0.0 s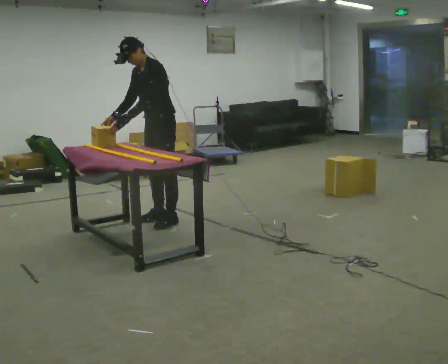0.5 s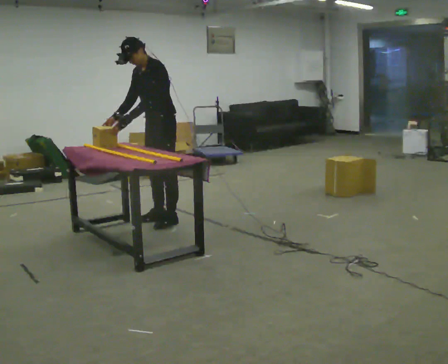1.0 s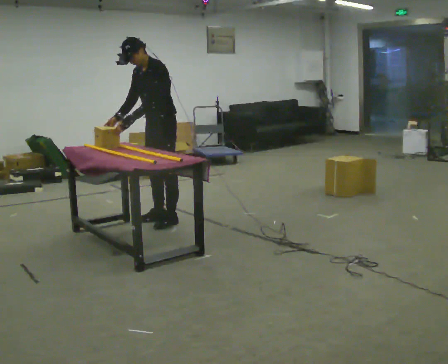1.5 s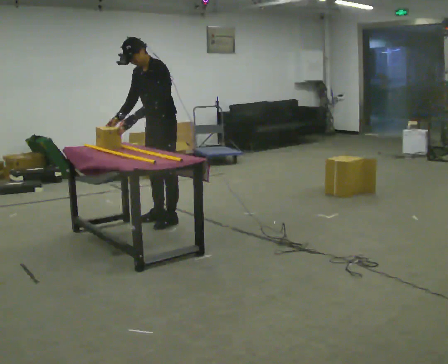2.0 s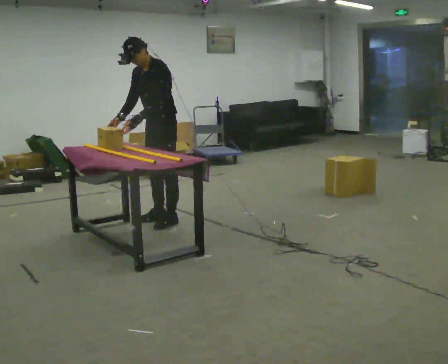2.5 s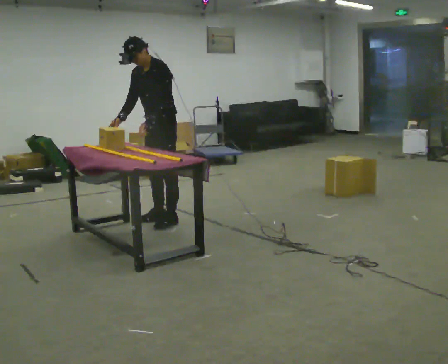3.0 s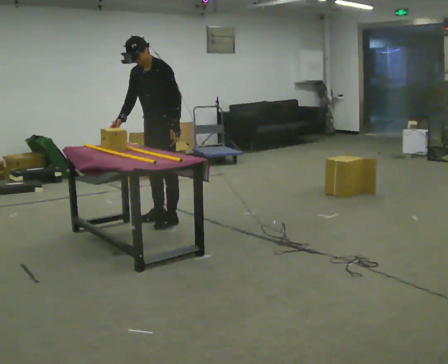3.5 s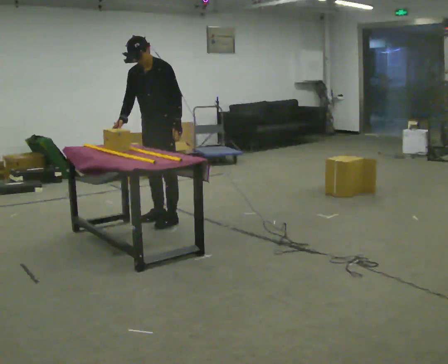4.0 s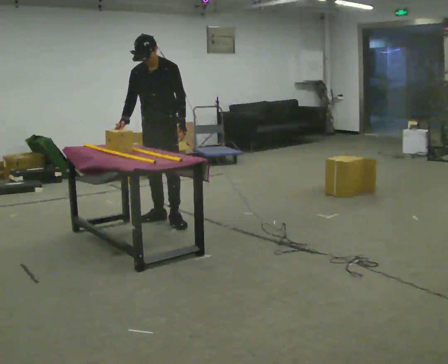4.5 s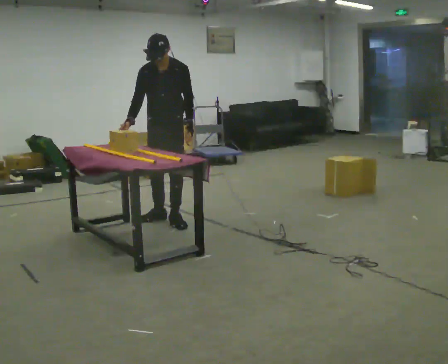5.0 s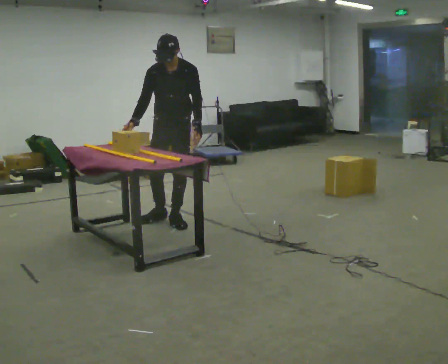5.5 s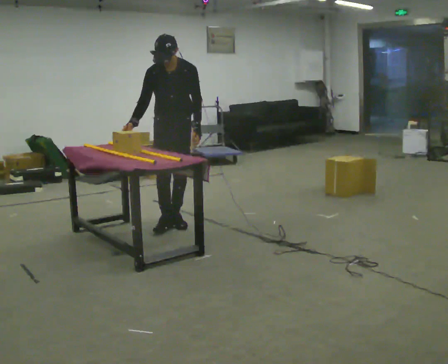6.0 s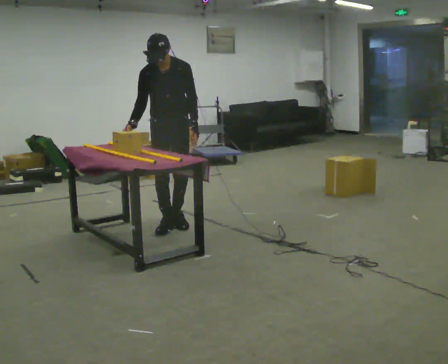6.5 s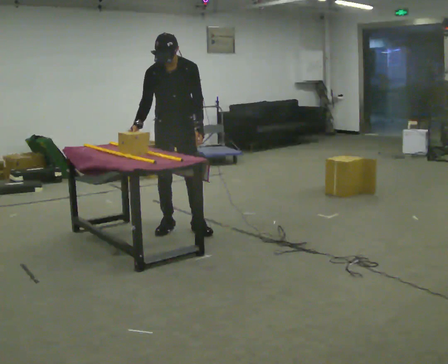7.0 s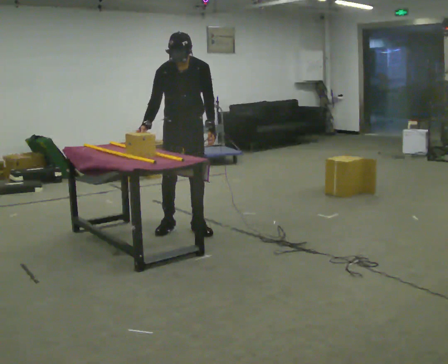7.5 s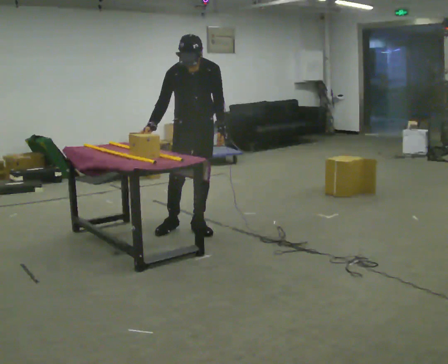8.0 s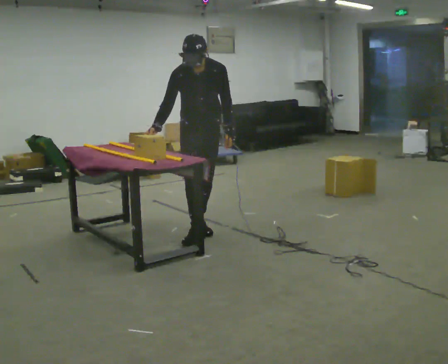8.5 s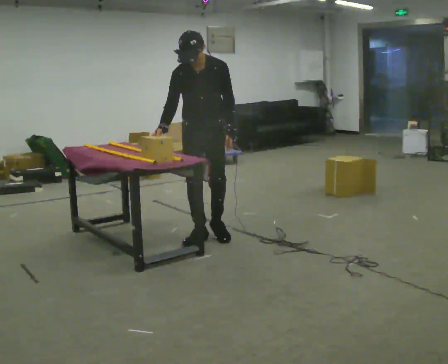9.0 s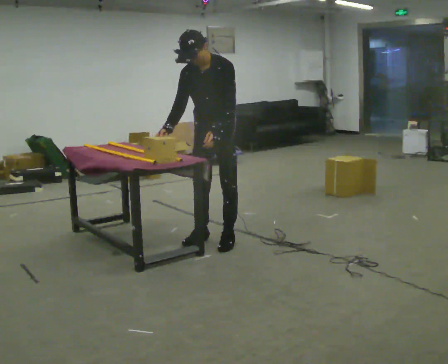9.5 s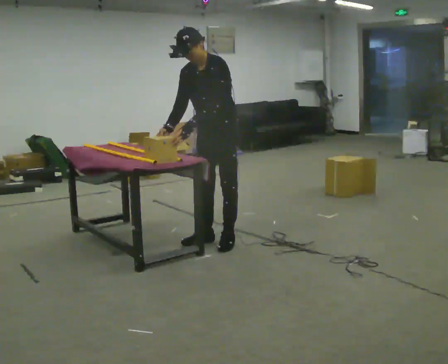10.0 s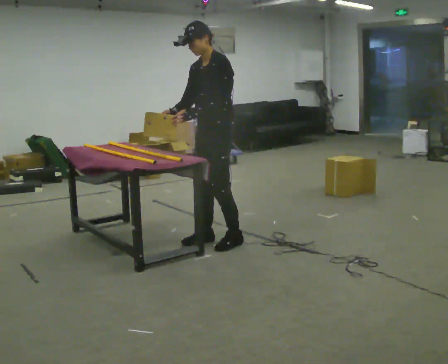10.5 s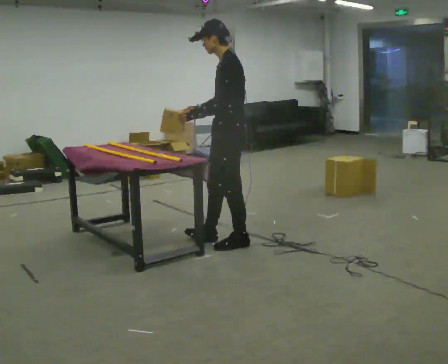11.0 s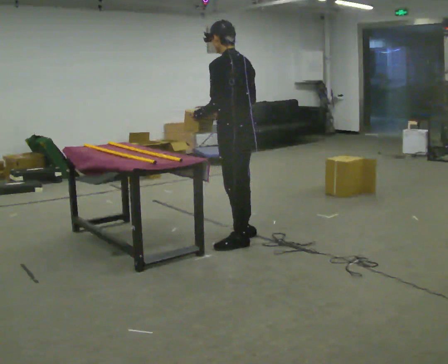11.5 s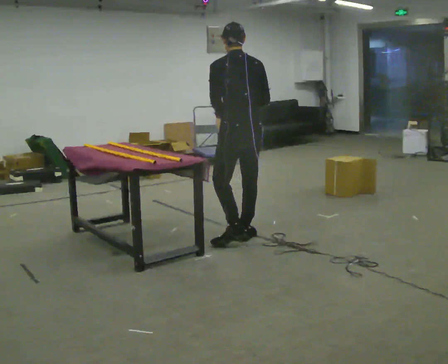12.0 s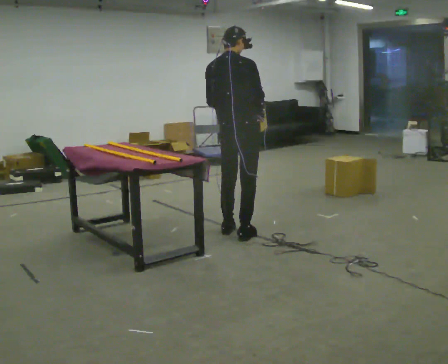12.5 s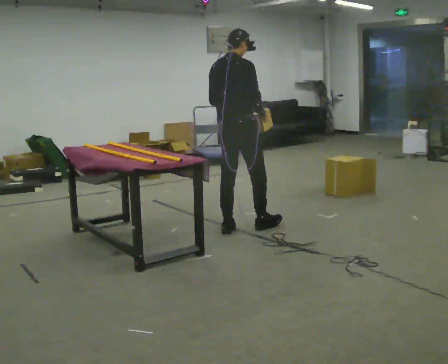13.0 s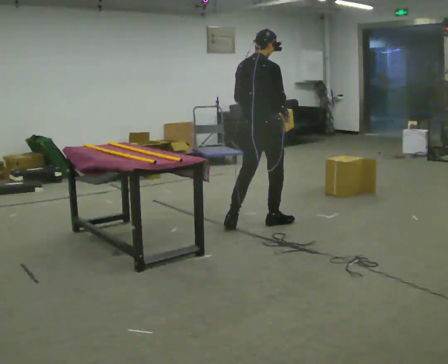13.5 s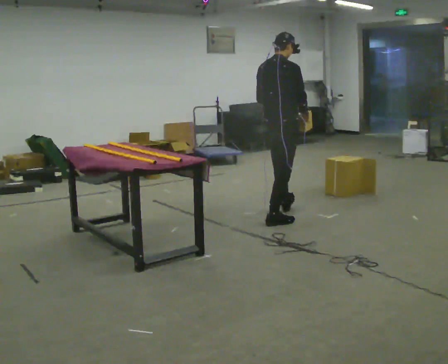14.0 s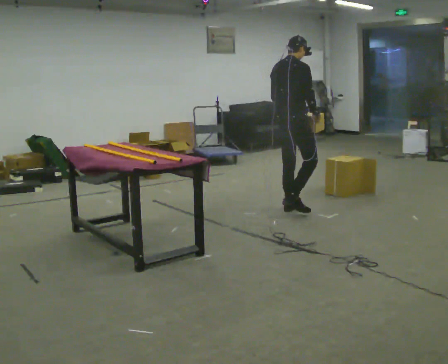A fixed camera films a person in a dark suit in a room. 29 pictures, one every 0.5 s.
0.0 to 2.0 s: The person moves a little, or ends about where they began.
2.0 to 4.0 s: The part of the body nearest the lens slides to the right as the person turns to their left by about 30 degrees. In the picture their left hand goes to the right.
4.0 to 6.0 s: In the picture they go toward the camera, about 0.25 m in 1 step, which for them is forward and to their left.
6.0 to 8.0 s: In the picture they go to the right and toward the camera, about 0.25 m in 1 step, which for them is to their left and forward.
8.0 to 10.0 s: The person turns about 60 degrees to their right, clockwise seen from above, so the part of the body nearest the lens slides to the left. In the picture they go toward the camera, about 0.25 m in 2 steps, which for them is to their left and forward.
10.0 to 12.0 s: Seen from above the body turns clockwise, about 150 degrees: to their right, with its near side sliding to the left. In the picture they go away from the camera, about 0.25 m in 2 steps. In the picture their right hand goes to the right, the arm swinging counterclockwise.
12.0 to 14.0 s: In the picture they go away from the camera and to the right, about 1 m in 2 steps, which for them is forward.
The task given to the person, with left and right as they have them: Carry the object across the room and slide it into the slot on the shelf. It is a close fit, so take the time you need. Keep going until the operator says stop; one object at a time, and do not rush between trips.
The film runs forward here.
